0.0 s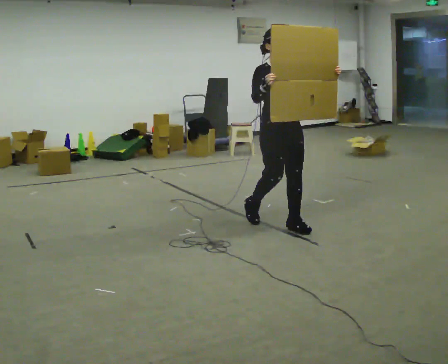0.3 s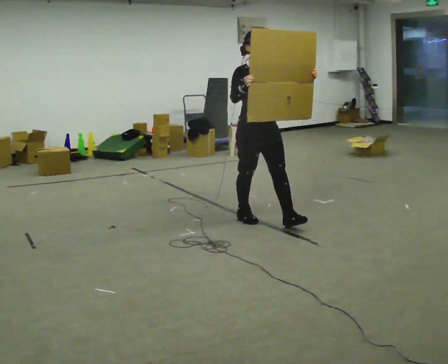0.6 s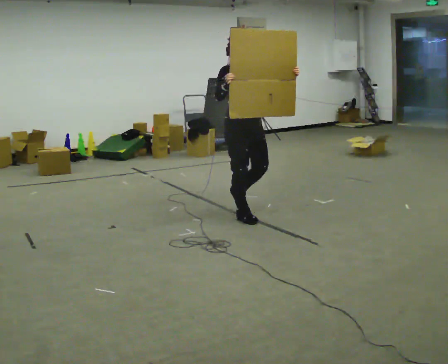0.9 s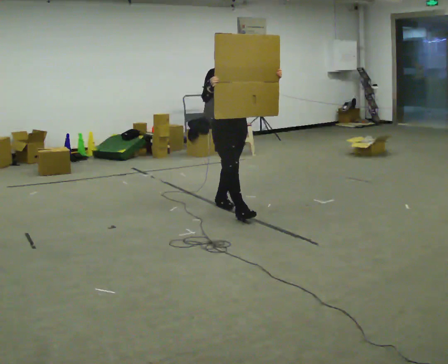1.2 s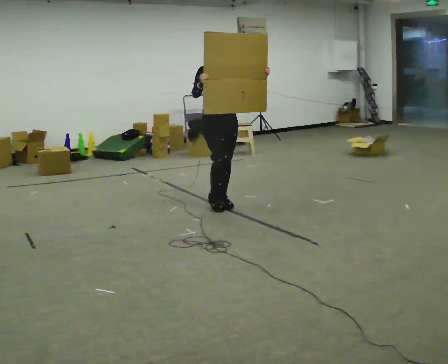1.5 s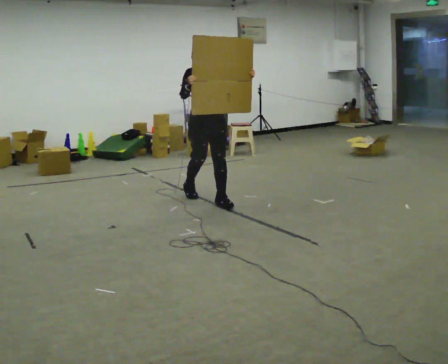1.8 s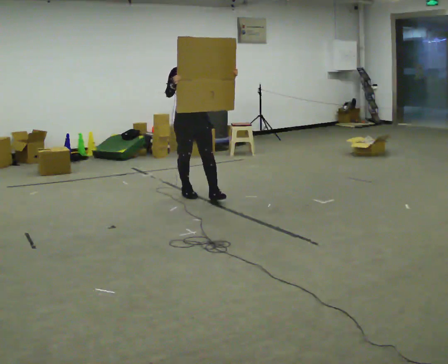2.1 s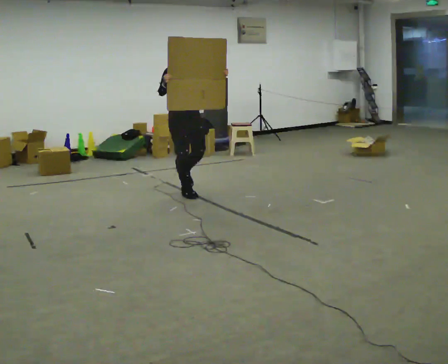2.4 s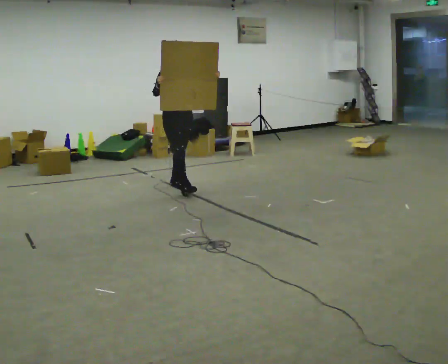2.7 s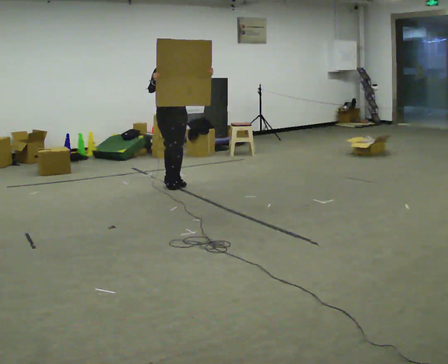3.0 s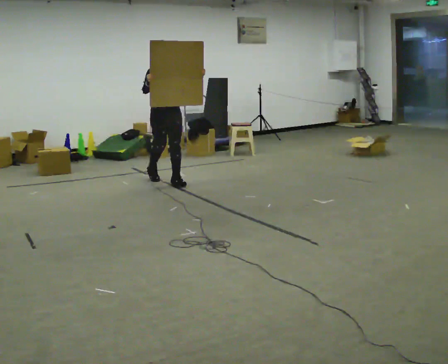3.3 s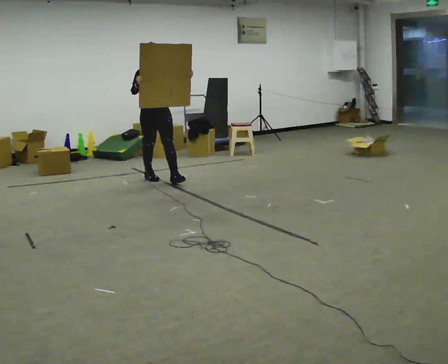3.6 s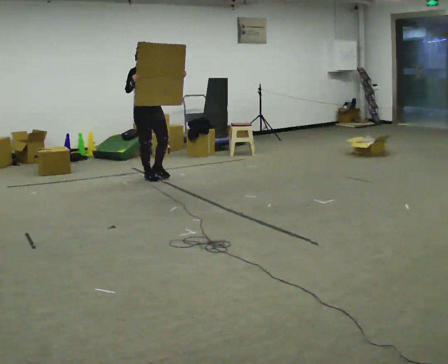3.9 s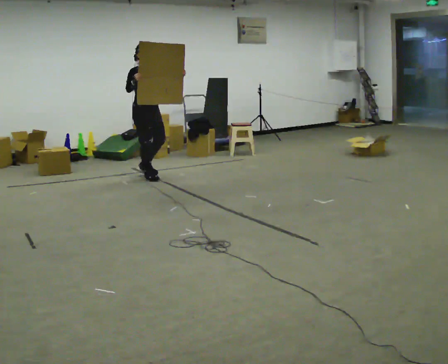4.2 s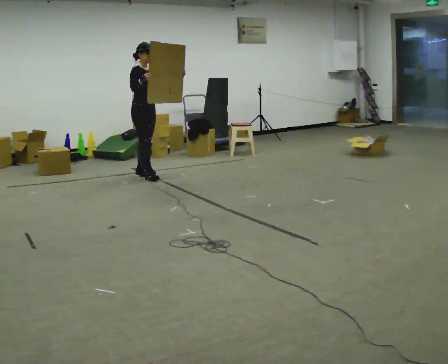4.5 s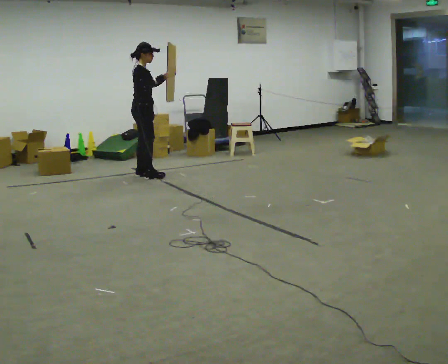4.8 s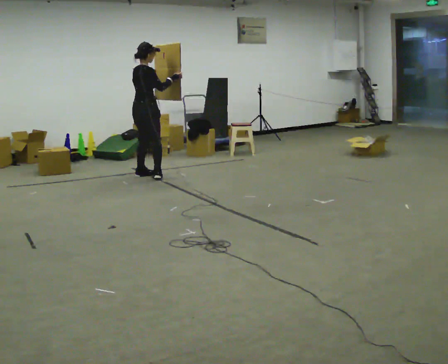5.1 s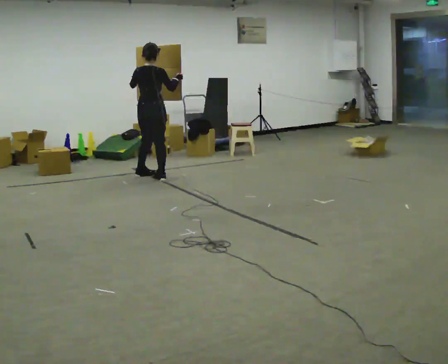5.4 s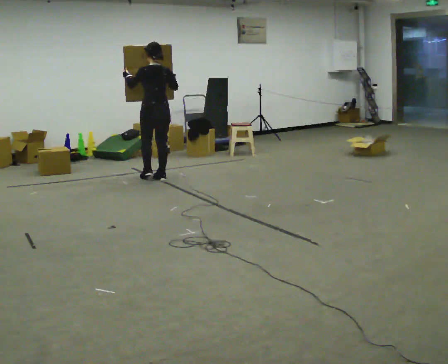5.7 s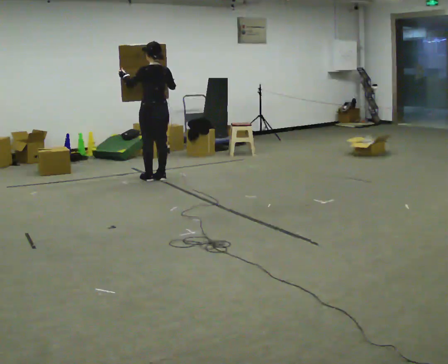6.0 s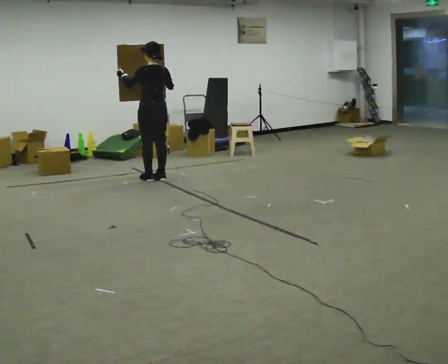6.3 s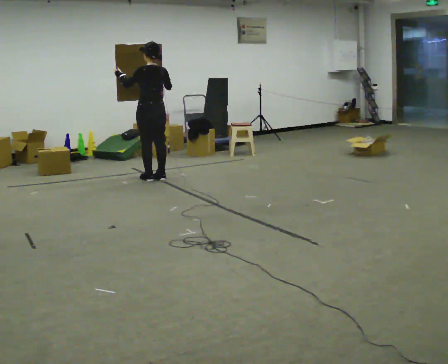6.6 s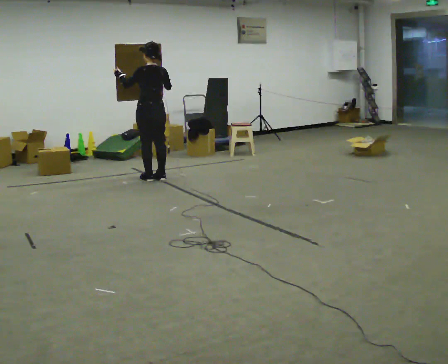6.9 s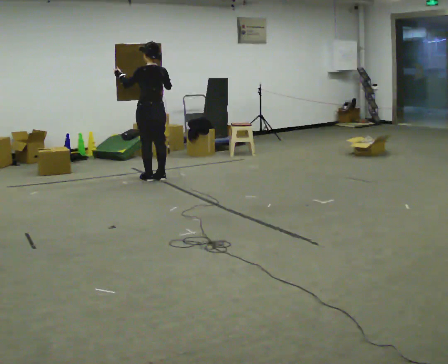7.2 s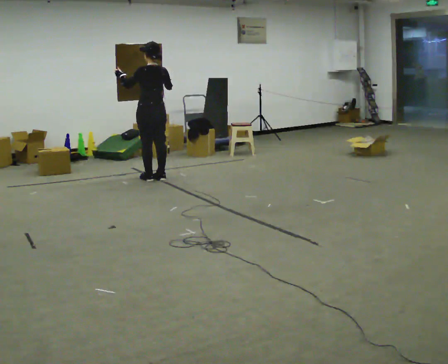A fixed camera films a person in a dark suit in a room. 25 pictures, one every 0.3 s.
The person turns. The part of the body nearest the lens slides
to the right.
The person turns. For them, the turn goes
to their left.
0.0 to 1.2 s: In the picture they go away from the camera and to the left, about 1 m in 2 steps, which for them is backward.
1.2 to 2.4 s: In the picture they go away from the camera and to the left, about 1 m in 1 step, which for them is backward.
2.4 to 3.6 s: In the picture they go away from the camera and to the left, about 0.75 m in 2 steps, which for them is backward.
3.6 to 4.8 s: Seen from above the body turns counterclockwise, about 90 degrees: to their left, with its near side sliding to the right. In the picture they go away from the camera, about 0.25 m in 1 step.
4.8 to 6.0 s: Seen from above the body turns counterclockwise, about 90 degrees: to their left, with its near side sliding to the right. In the picture they go to the right, about 0.25 m in 1 step. In the picture their left hand goes to the left.
6.0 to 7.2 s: The person moves a little, or ends about where they began.
The film runs backward here.
